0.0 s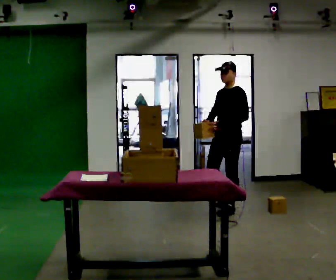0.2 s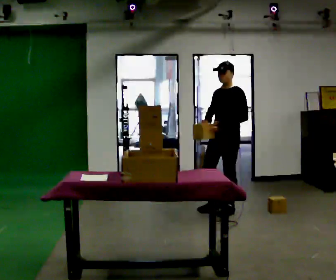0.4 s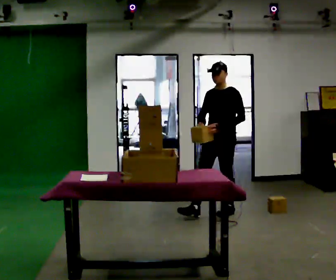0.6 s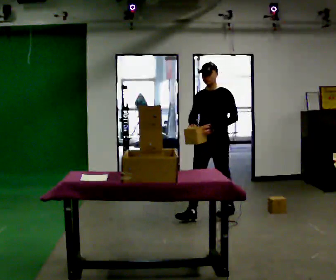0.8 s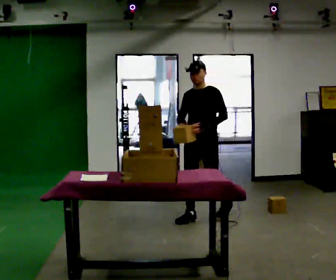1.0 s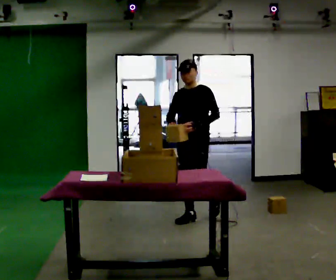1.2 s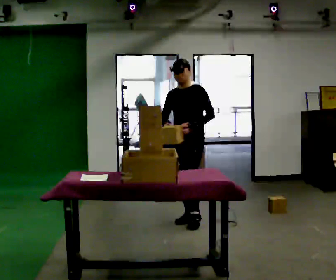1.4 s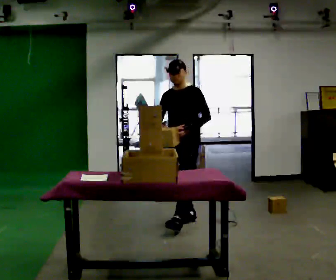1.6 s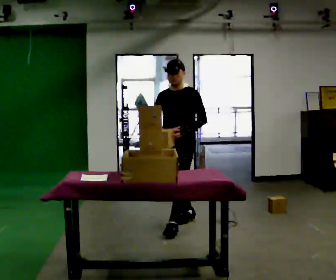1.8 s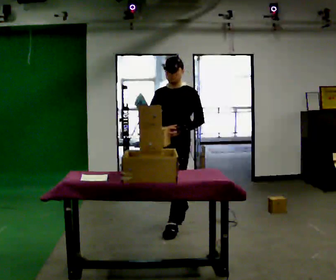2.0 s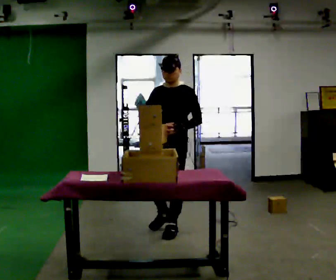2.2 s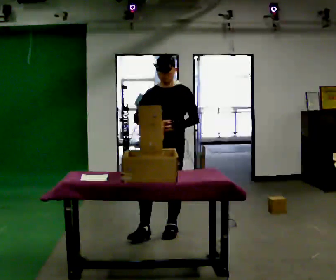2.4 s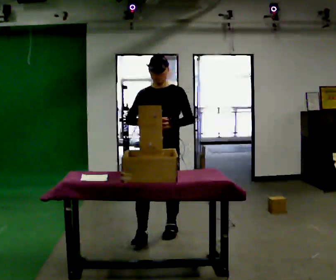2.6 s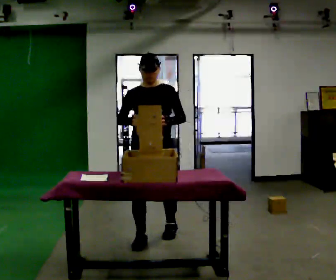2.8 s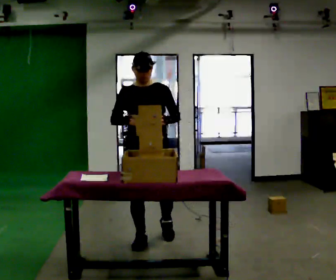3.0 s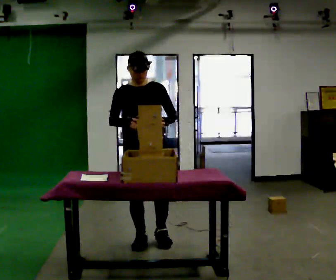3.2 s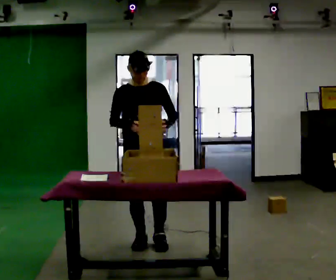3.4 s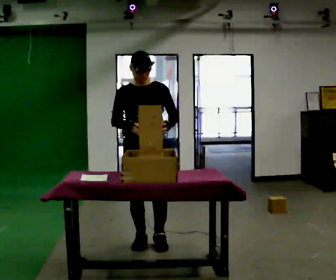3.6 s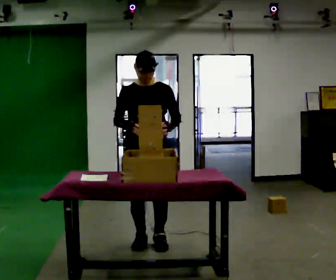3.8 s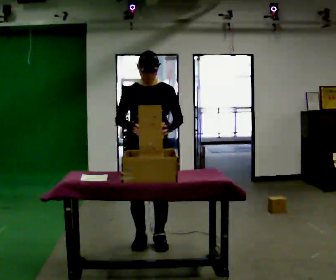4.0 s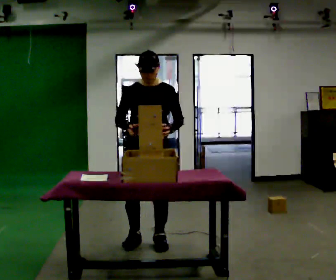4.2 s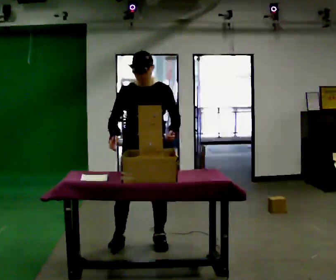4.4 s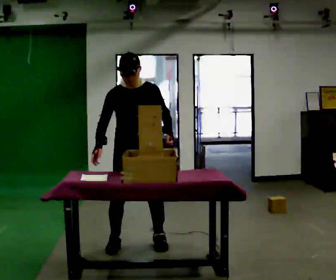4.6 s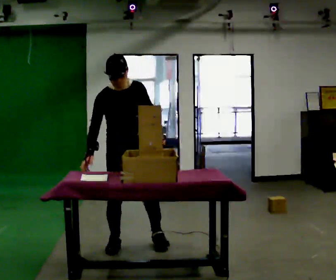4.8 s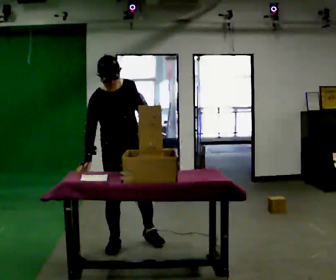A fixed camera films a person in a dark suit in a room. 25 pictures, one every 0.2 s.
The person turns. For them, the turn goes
to their left.
The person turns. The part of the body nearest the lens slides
to the right.
0.0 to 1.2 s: In the picture they go to the left and toward the camera, about 0.5 m in 1 step, which for them is forward.
1.2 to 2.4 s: The part of the body nearest the lens slides to the right as the person turns to their left by about 30 degrees. In the picture they go toward the camera and to the left, about 0.75 m in 2 steps, which for them is forward.
2.4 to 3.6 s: In the picture they go toward the camera, about 0.25 m in 1 step, which for them is forward.
3.6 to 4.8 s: Seen from above the body turns counterclockwise, about 30 degrees: to their left, with its near side sliding to the right. In the picture they go to the left, about 0.25 m in 1 step, which for them is to their right. The upper body tips toward the camera, its near side rolling downward, as they bend forward.
The film runs forward here.
